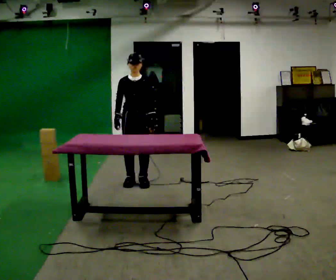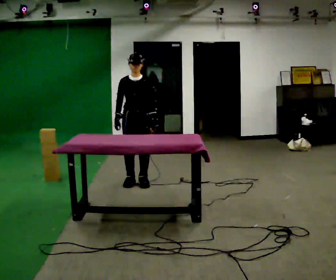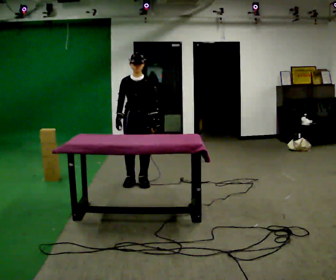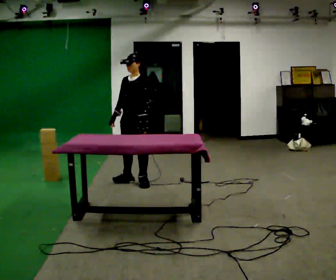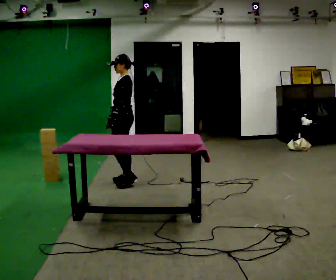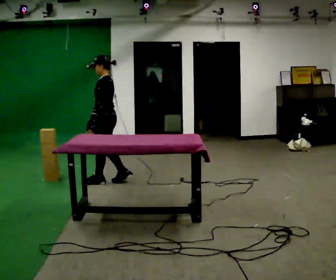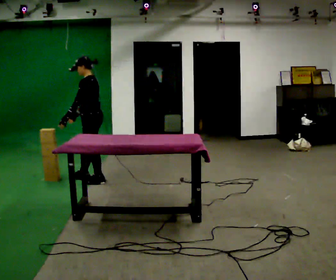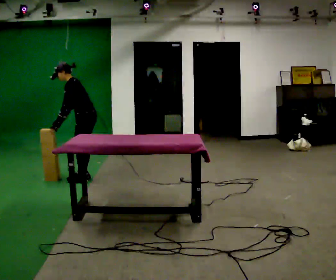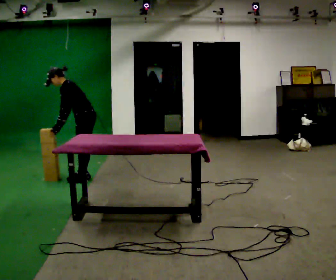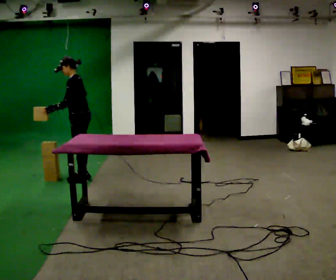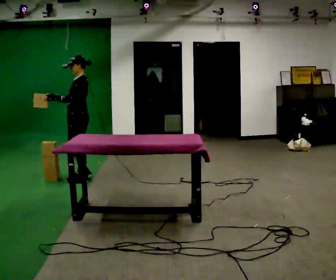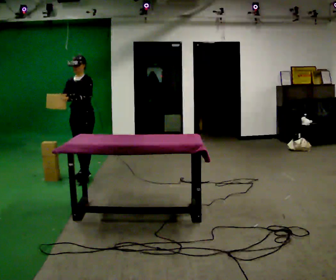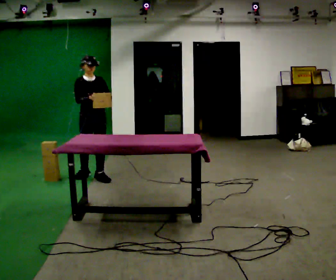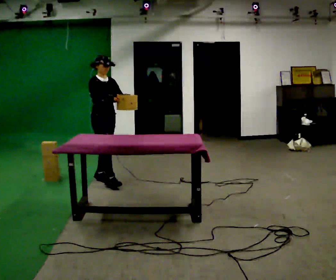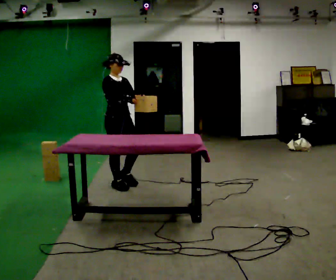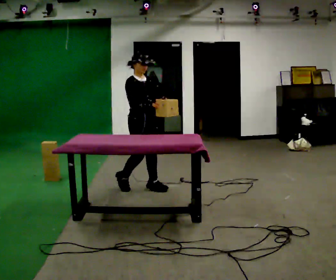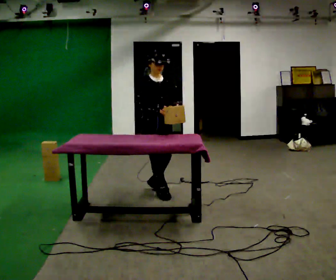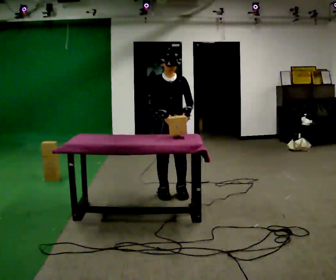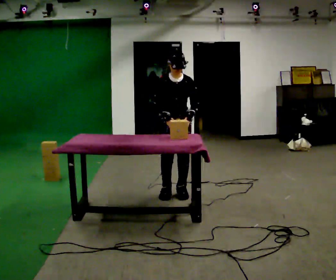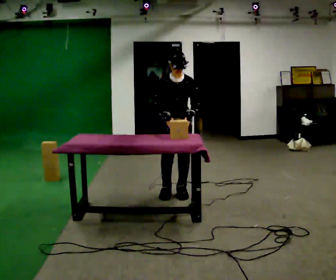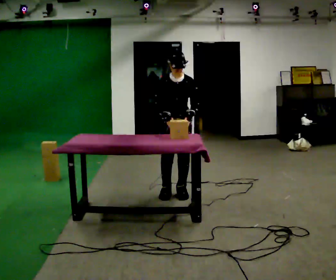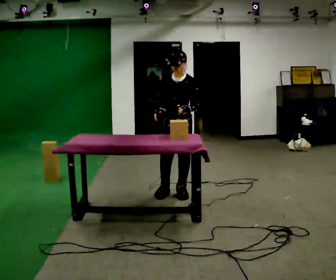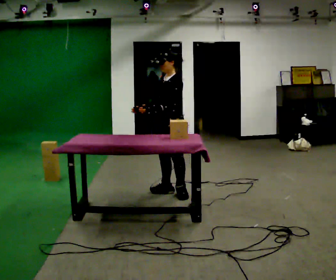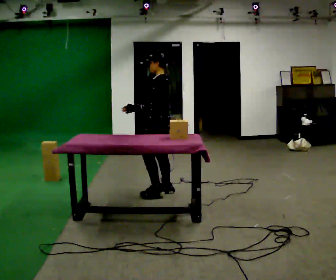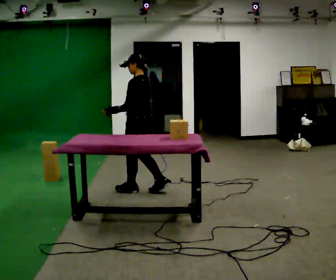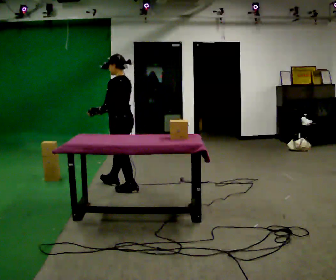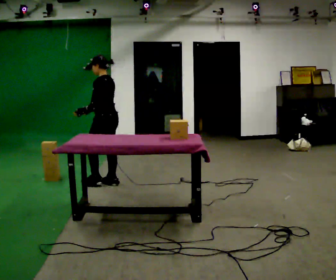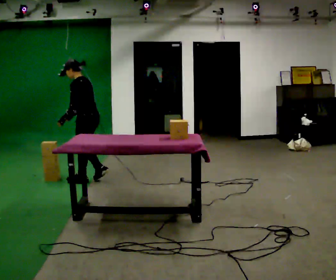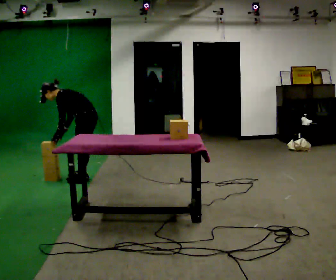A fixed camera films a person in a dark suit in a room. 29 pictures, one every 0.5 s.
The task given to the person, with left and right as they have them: Carry the object over and line it up with the mark on the surface as accurately as you can. Keep going until the operator says stop; one object at a time, and do not rush between trips.
0.0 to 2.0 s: Seen from above the body turns clockwise, about 75 degrees: to their right, with its near side sliding to the left.
2.0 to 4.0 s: In the picture they go to the left, about 0.5 m in 3 steps, which for them is forward. In the picture the upper body tilts counterclockwise, shoulders to the left, as they bend forward.
4.0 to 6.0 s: The person turns about 105 degrees to their left, counterclockwise seen from above, so the part of the body nearest the lens slides to the right. In the picture the upper body tilts clockwise, shoulders to the right, as they lean back or straighten. In the picture their right hand goes to the right and upward.
6.0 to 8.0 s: In the picture they go to the right and toward the camera, about 1 m in 3 steps, which for them is forward.
8.0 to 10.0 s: The person turns about 30 degrees to their right, clockwise seen from above, so the part of the body nearest the lens slides to the left. In the picture they go to the right, about 0.25 m in 1 step, which for them is to their left.
10.0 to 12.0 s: The person turns about 105 degrees to their right, clockwise seen from above, so the part of the body nearest the lens slides to the left. In the picture they go to the left and away from the camera, about 0.5 m in 1 step.
12.0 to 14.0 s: In the picture they go to the left and away from the camera, about 1 m in 3 steps, which for them is forward. The shoulders move downward. In the picture the upper body tilts counterclockwise, shoulders to the left, as they bend forward. In the picture their left hand goes downward.
The film runs forward here.
